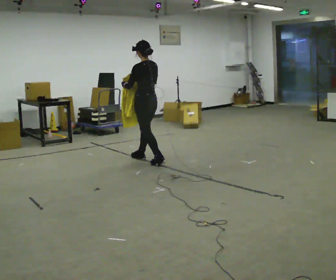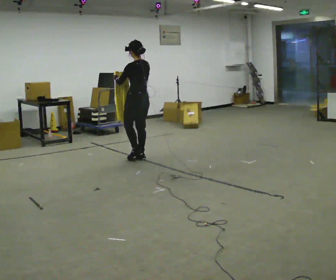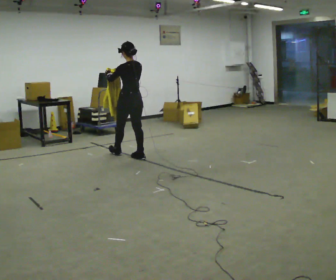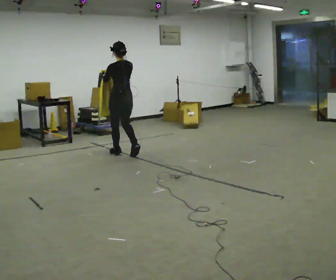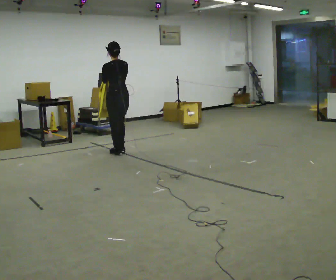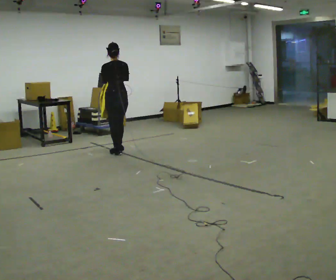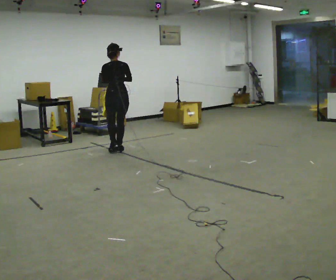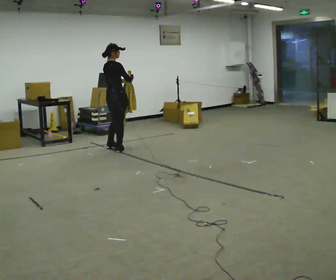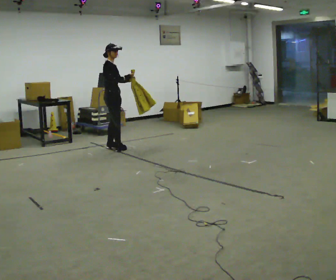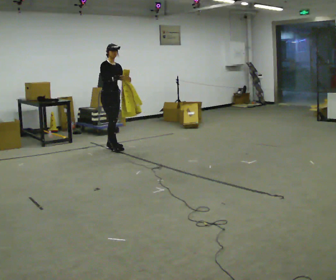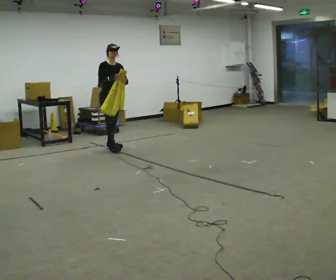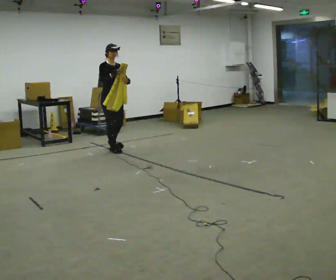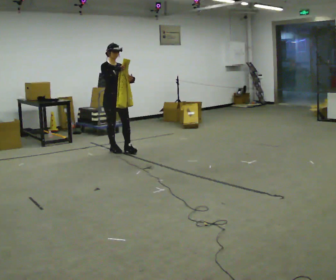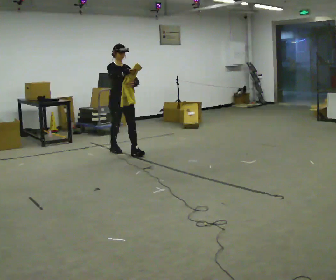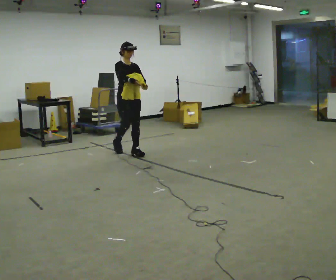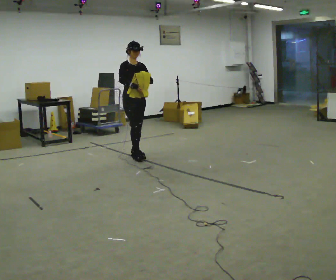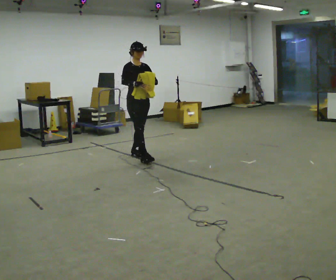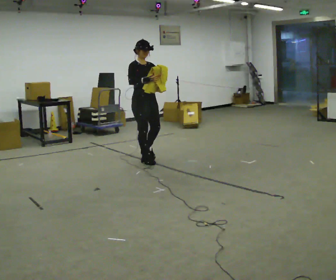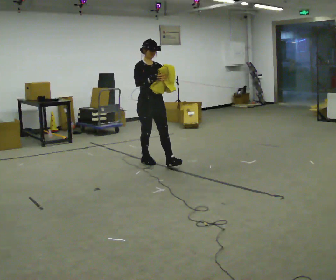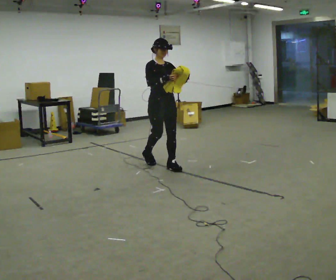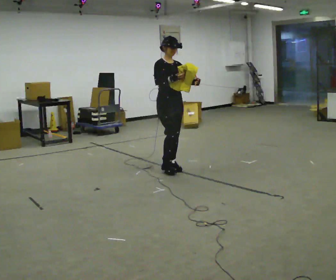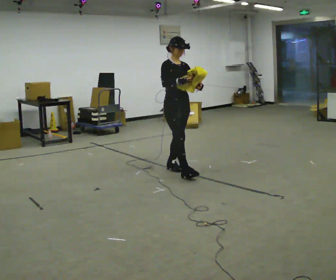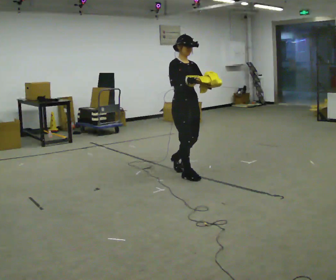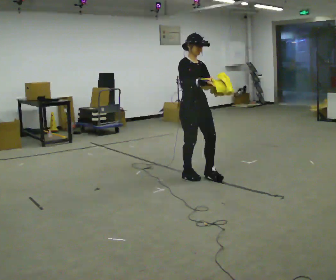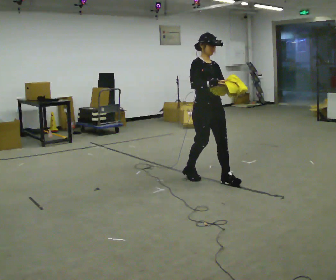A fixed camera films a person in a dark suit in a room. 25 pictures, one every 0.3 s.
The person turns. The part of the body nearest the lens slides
to the left.
The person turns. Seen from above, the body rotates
clockwise.
0.0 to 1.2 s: In the picture they go away from the camera and to the left, about 0.5 m in 1 step, which for them is forward.
1.2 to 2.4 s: The person turns about 135 degrees to their right, clockwise seen from above, so the part of the body nearest the lens slides to the left. In the picture they go away from the camera, about 0.5 m in 2 steps.
2.4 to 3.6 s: The part of the body nearest the lens slides to the left as the person turns to their right by about 30 degrees. In the picture they go toward the camera, about 0.25 m, which for them is forward.
3.6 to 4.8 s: In the picture they go toward the camera and to the right, about 0.75 m in 2 steps, which for them is forward.
4.8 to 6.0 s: In the picture they go toward the camera and to the right, about 0.75 m in 1 step, which for them is forward.
6.0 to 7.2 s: In the picture they go toward the camera and to the right, about 0.75 m in 2 steps, which for them is forward.
The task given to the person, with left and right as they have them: Carry the cloth and, while walking, fold it in half, then unfold it. Keep repeating as you walk. Do not stop.
The film runs forward here.
